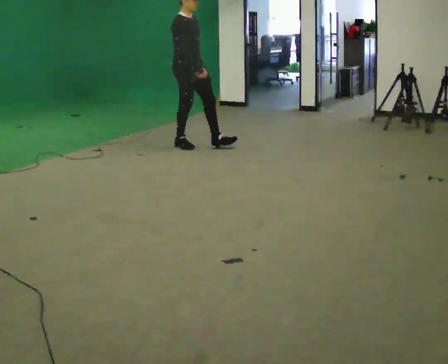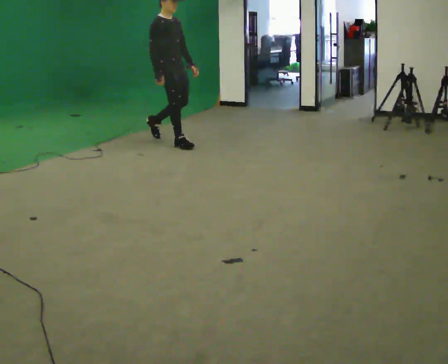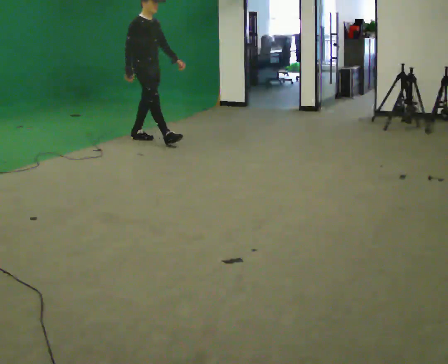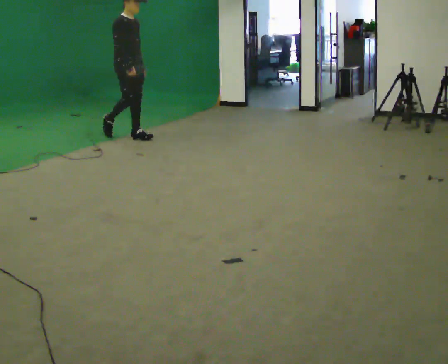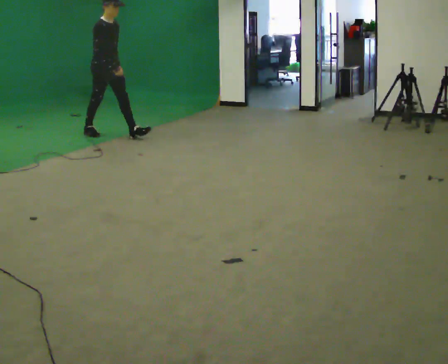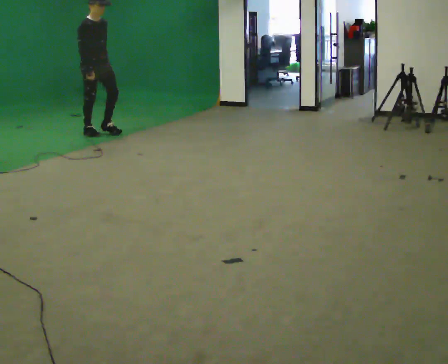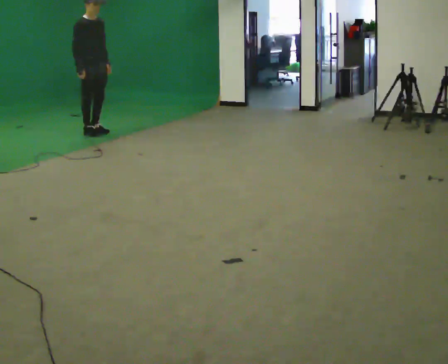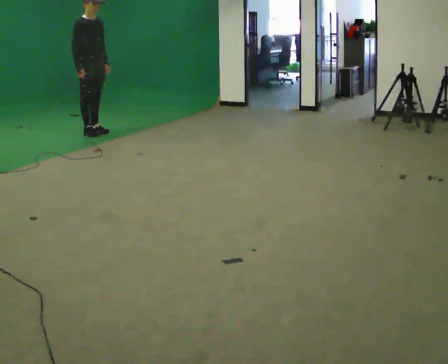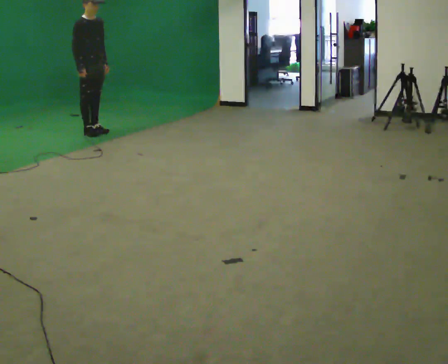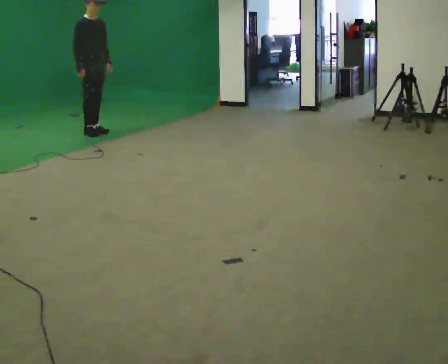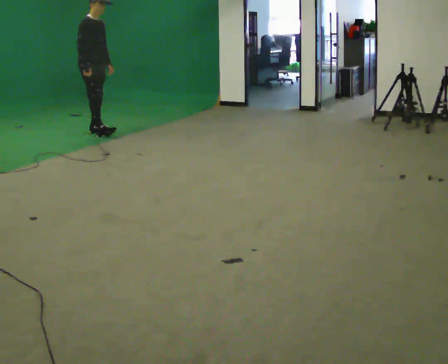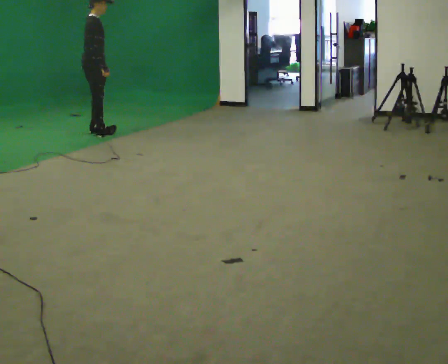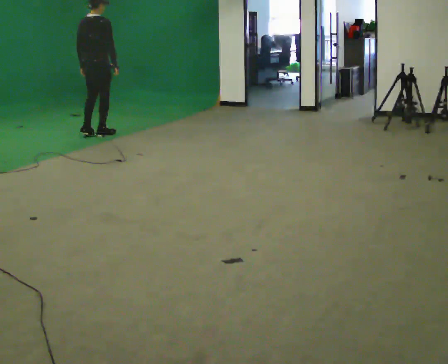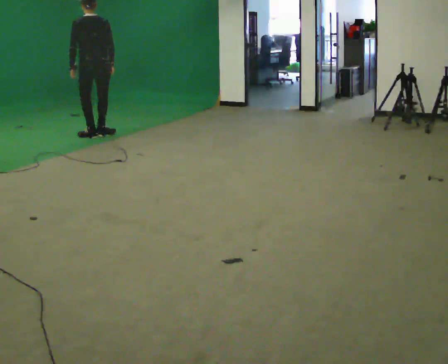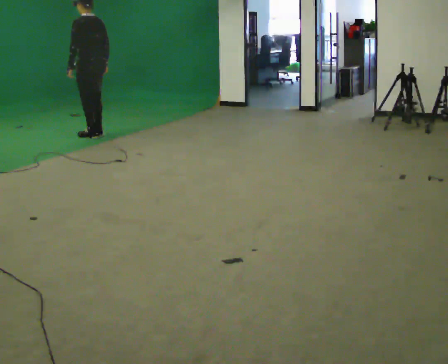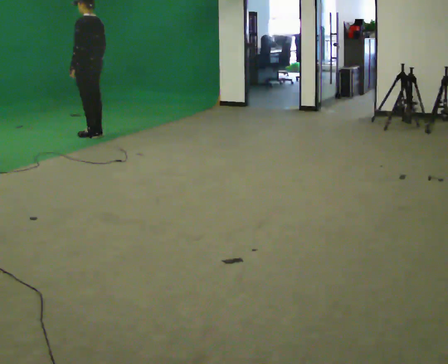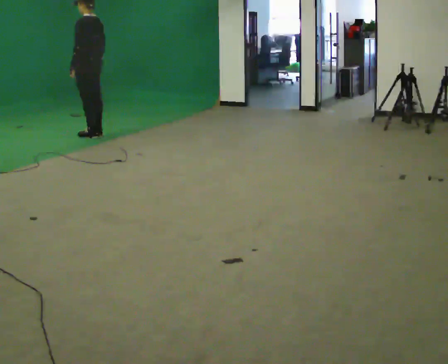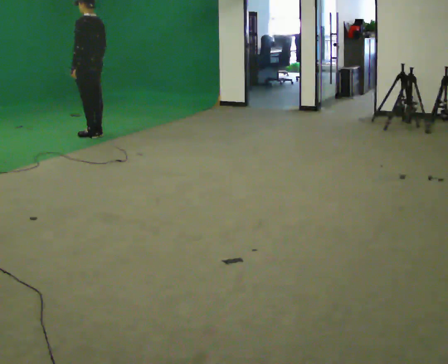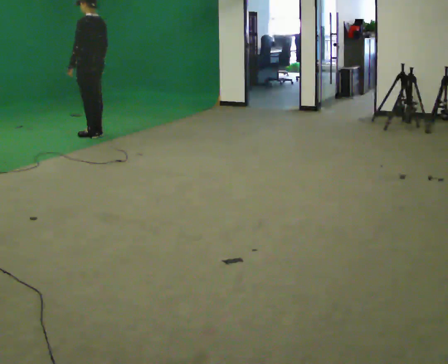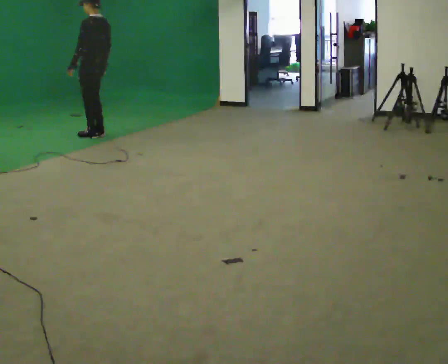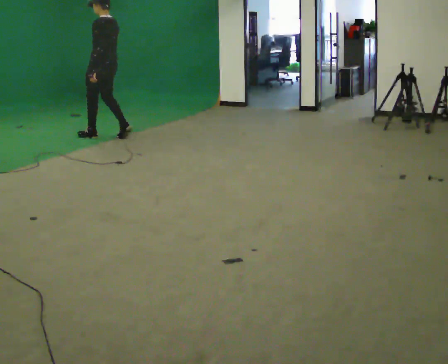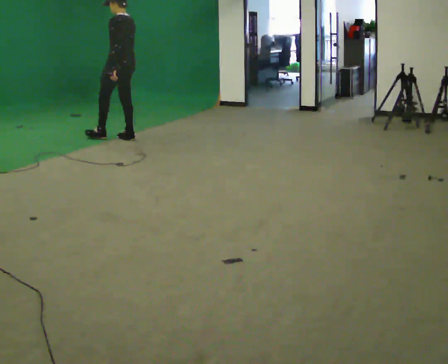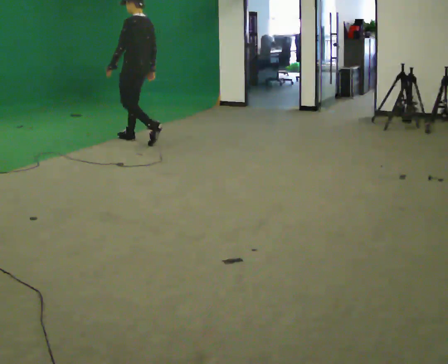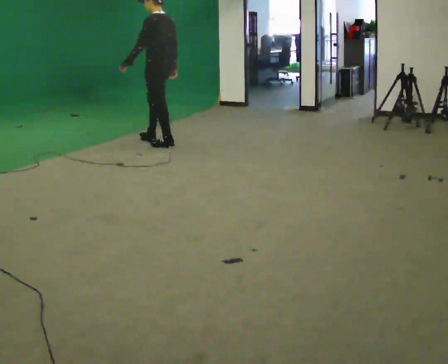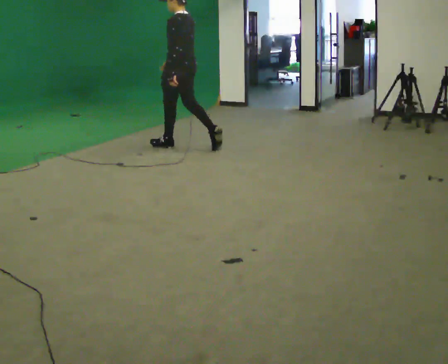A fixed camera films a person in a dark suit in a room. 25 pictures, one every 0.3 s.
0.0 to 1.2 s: In the picture they go to the left and away from the camera, about 1 m in 2 steps, which for them is backward.
1.2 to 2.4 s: In the picture they go away from the camera and to the left, about 0.25 m, which for them is backward.
2.4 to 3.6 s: The person turns about 90 degrees to their left, counterclockwise seen from above, so the part of the body nearest the lens slides to the right. In the picture they go toward the camera, about 0.25 m in 2 steps. In the picture their right hand goes to the right.
3.6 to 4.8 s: Seen from above the body turns counterclockwise, about 90 degrees: to their left, with its near side sliding to the right.
4.8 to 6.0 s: In the picture they go to the right, about 0.25 m in 1 step, which for them is backward.
6.0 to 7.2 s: In the picture they go to the right and toward the camera, about 1 m in 2 steps, which for them is backward.
The film runs backward here.
